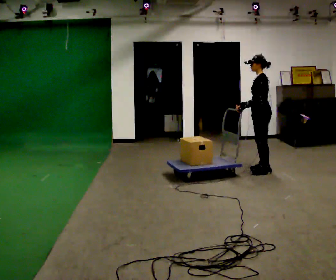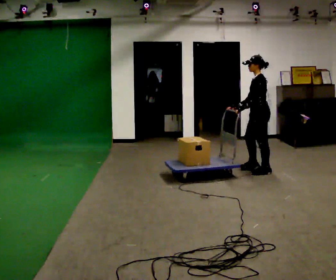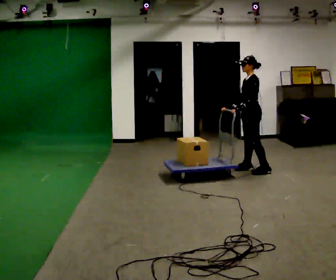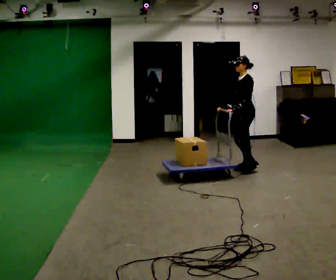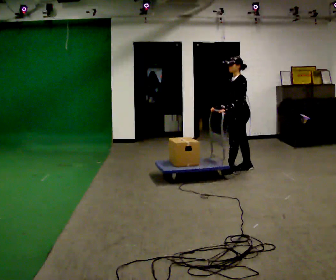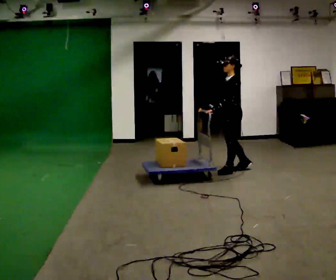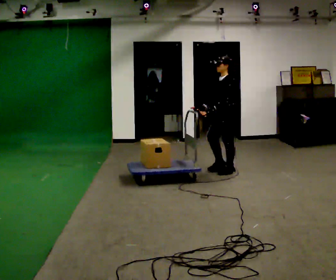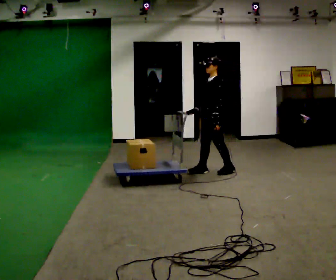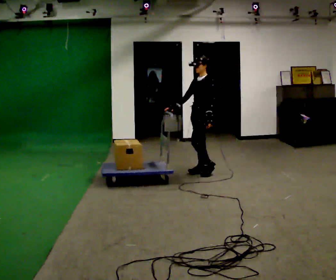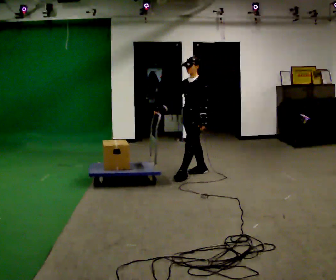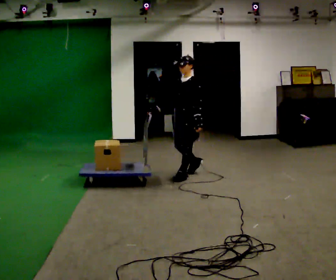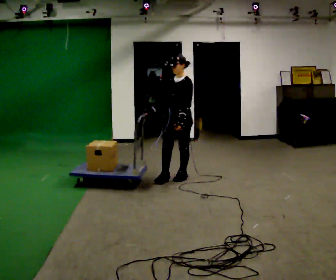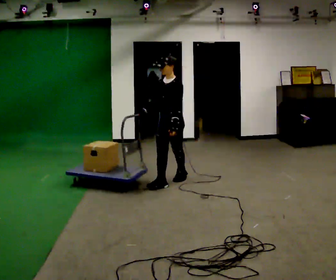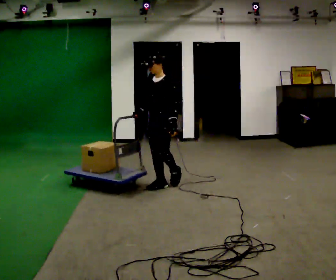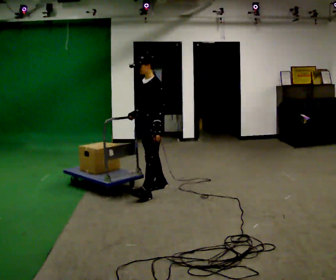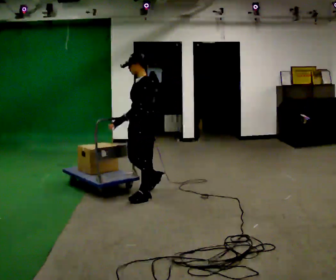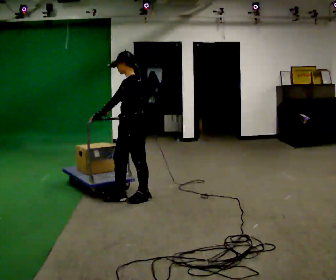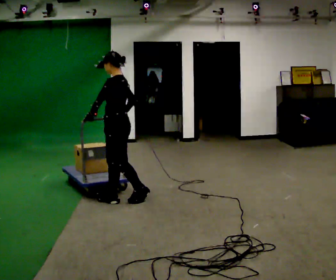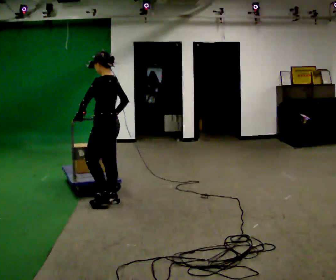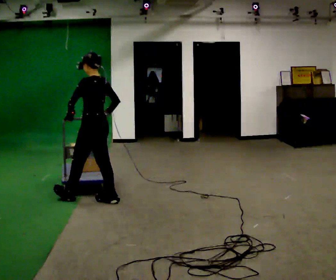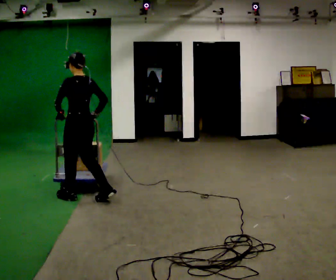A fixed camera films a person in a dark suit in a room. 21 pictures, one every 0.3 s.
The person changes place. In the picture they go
to the left.
0.0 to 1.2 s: In the picture they go to the left and away from the camera, about 0.25 m in 1 step, which for them is forward and to their right.
1.2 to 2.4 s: In the picture they go to the left, about 0.5 m in 2 steps, which for them is forward.
2.4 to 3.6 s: The person turns about 30 degrees to their left, counterclockwise seen from above, so the part of the body nearest the lens slides to the right. In the picture they go toward the camera and to the left, about 0.75 m in 2 steps, which for them is forward.
3.6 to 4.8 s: The person turns about 45 degrees to their right, clockwise seen from above, so the part of the body nearest the lens slides to the left. In the picture they go toward the camera and to the left, about 0.5 m in 1 step, which for them is forward.
4.8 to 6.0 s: The person turns about 45 degrees to their right, clockwise seen from above, so the part of the body nearest the lens slides to the left. In the picture they go to the left, about 0.5 m in 2 steps, which for them is forward.
The film runs forward here.
